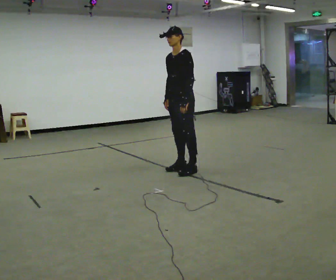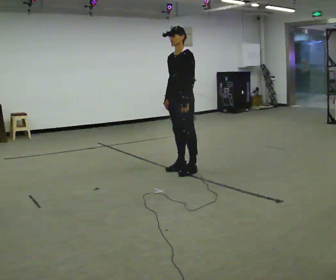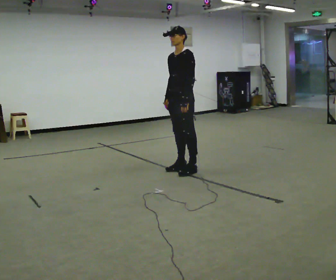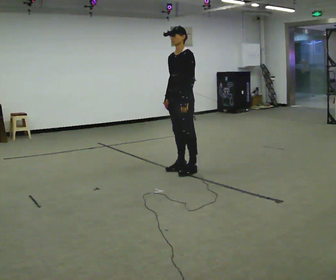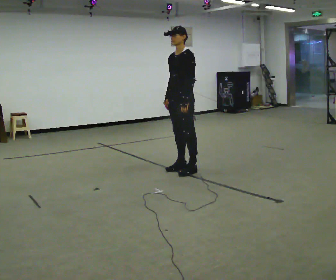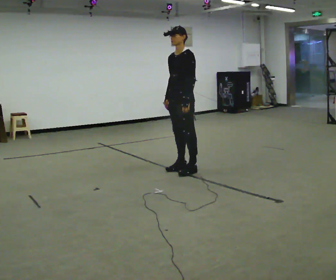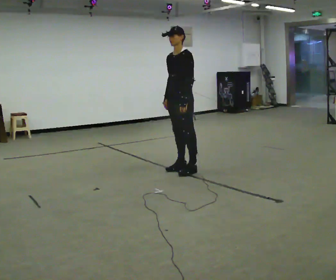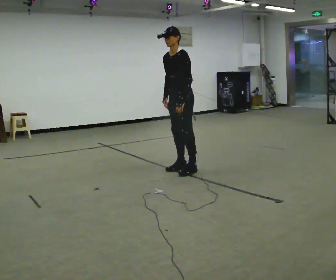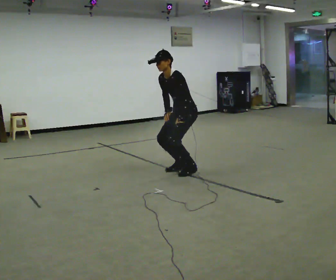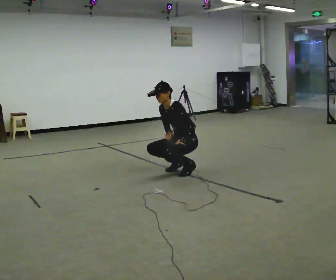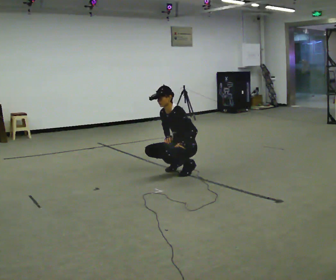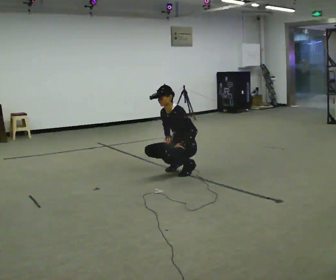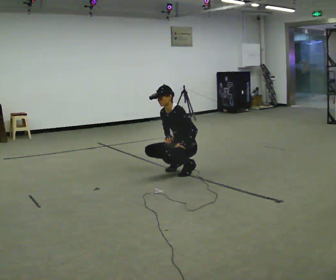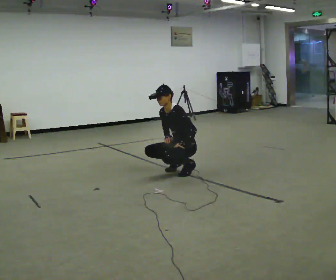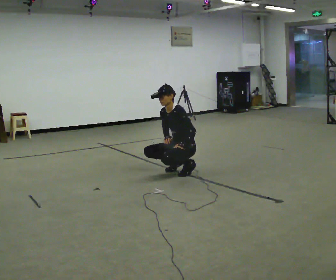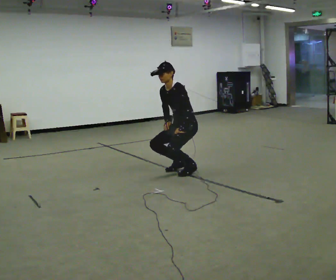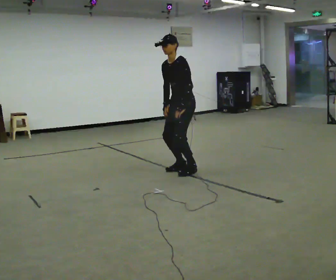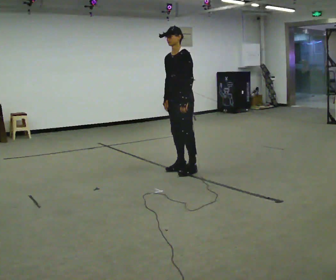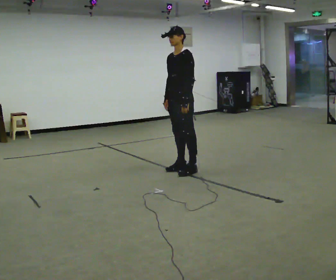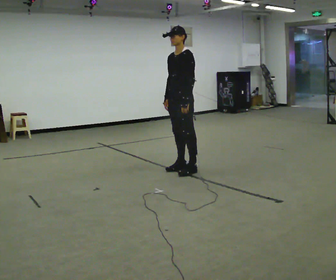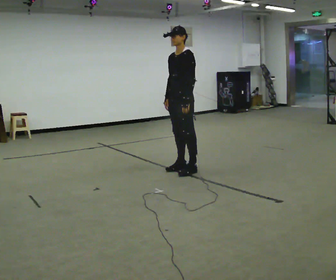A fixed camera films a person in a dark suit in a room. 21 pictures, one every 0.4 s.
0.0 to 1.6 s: The person moves a little, or ends about where they began.
1.6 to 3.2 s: The upper body goes downward. In the picture the upper body tilts counterclockwise, shoulders to the left, as they bend forward.
3.2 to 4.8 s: The shoulders move downward. In the picture their left hand goes downward.
4.8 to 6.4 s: The shoulders move upward. In the picture their right hand goes upward.
6.4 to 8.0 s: The person moves a little, or ends about where they began.
The film runs backward here.
